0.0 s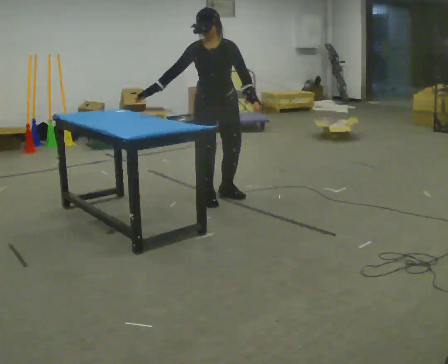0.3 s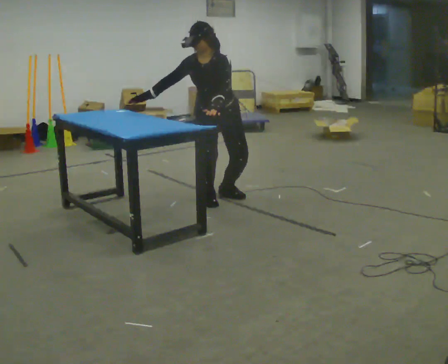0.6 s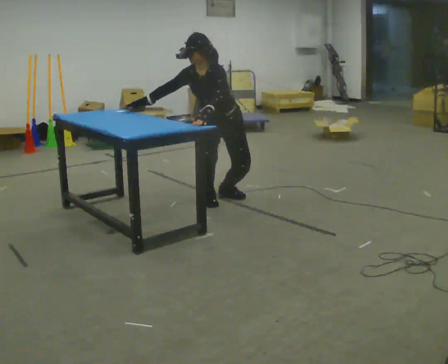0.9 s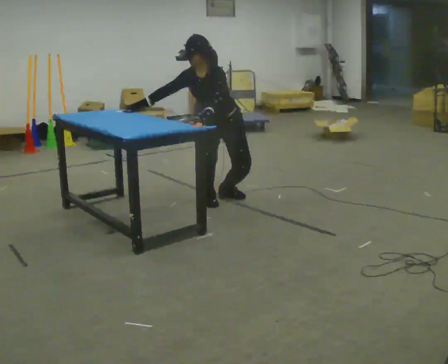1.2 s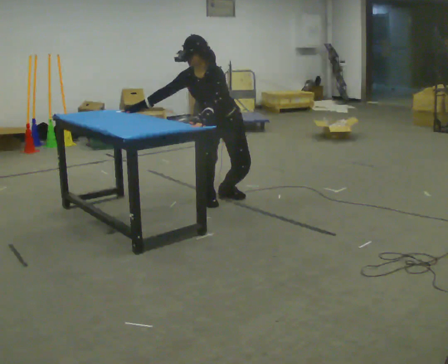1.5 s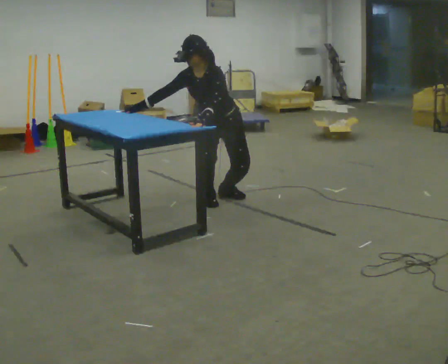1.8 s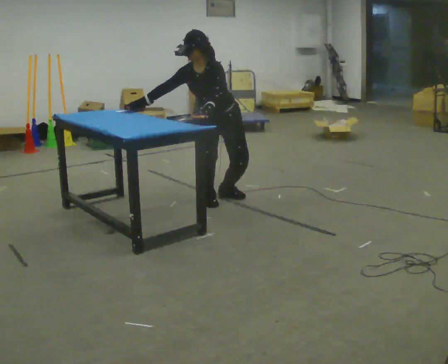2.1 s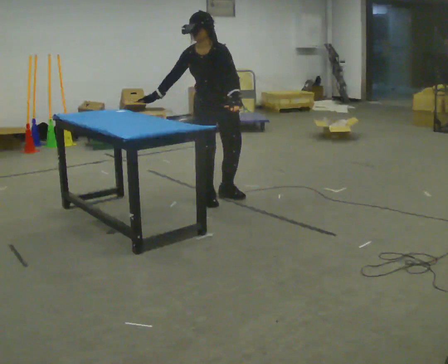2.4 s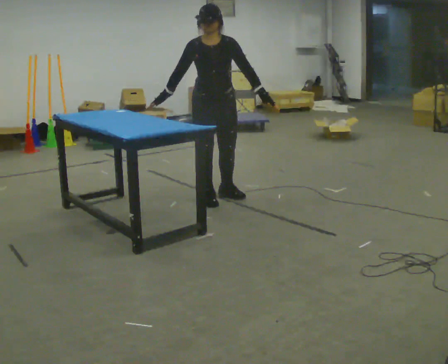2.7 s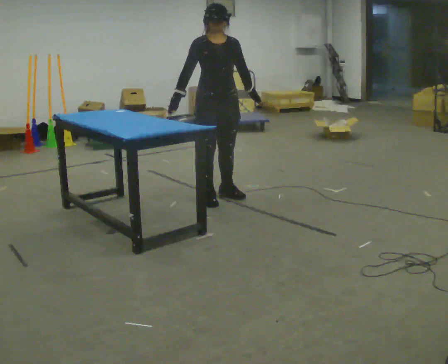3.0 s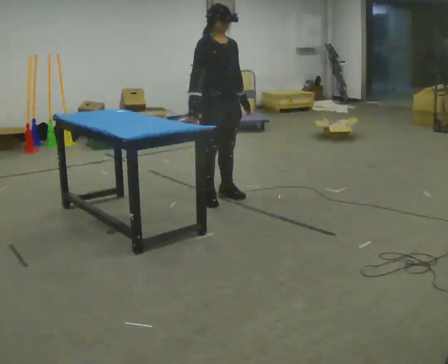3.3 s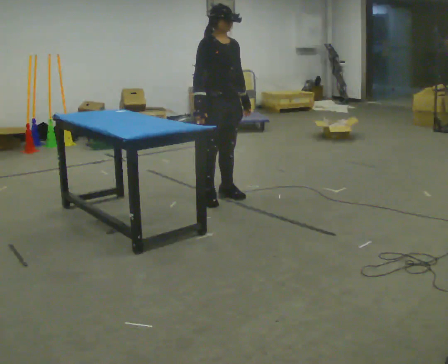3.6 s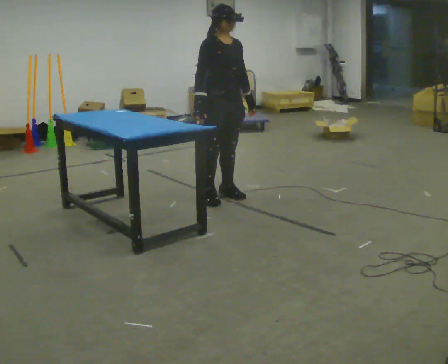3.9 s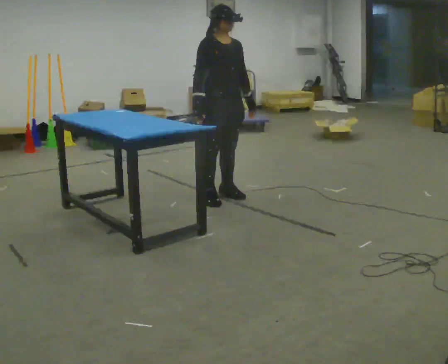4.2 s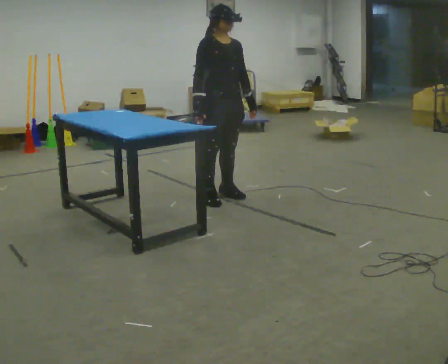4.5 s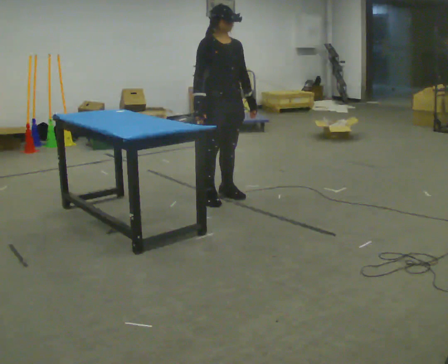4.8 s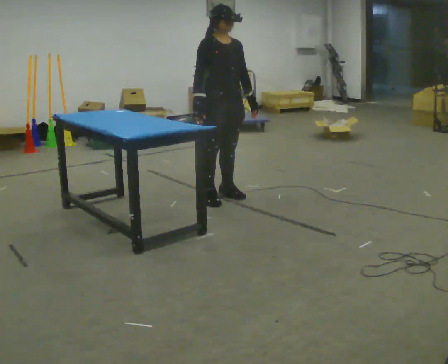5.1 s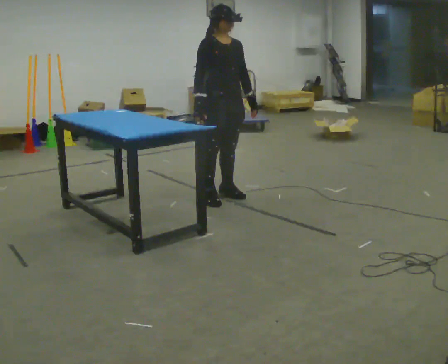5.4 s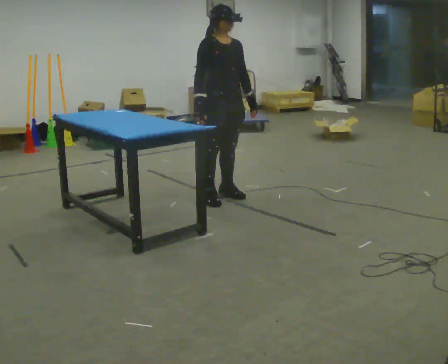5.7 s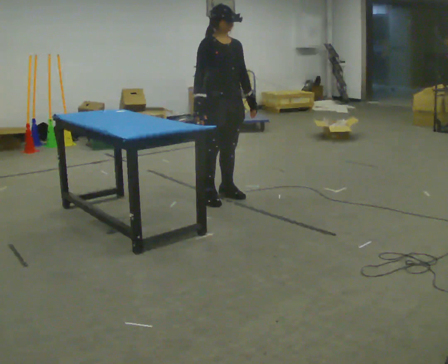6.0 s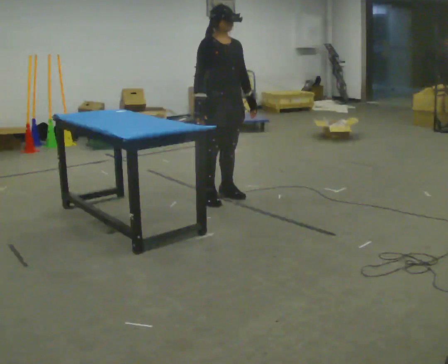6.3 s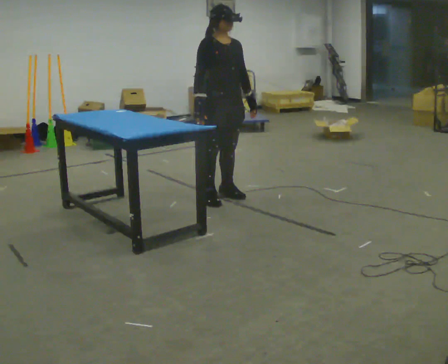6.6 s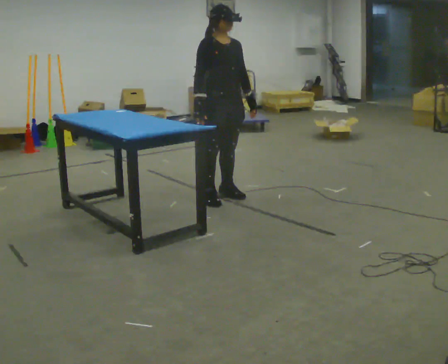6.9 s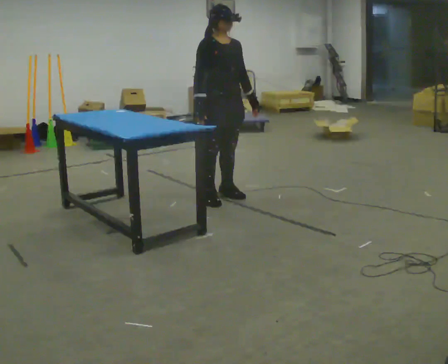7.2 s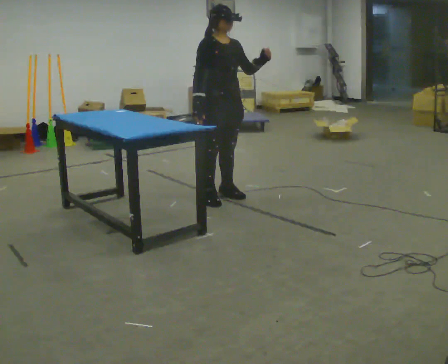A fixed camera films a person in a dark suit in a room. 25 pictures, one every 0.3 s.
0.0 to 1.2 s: The upper body goes downward. In the picture the upper body tilts counterclockwise, shoulders to the left, as they bend forward.
1.2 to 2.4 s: The part of the body nearest the lens slides to the right as the person turns to their left by about 30 degrees. The upper body goes upward. In the picture the upper body tilts clockwise, shoulders to the right, as they lean back or straighten. In the picture their left hand goes to the right.
2.4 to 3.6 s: The person turns about 30 degrees to their left, counterclockwise seen from above, so the part of the body nearest the lens slides to the right.
3.6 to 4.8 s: The person moves a little, or ends about where they began.
4.8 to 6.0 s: The person keeps their place and pose.
6.0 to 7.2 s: In the picture their left hand goes upward, the arm swinging counterclockwise.
The film runs forward here.
